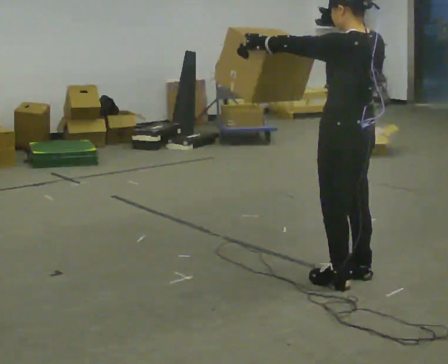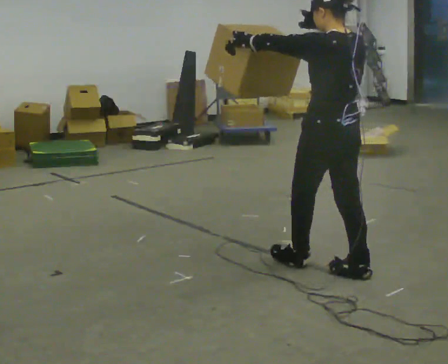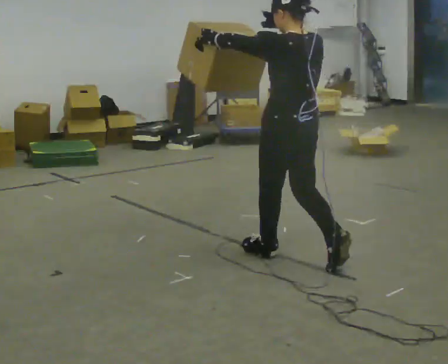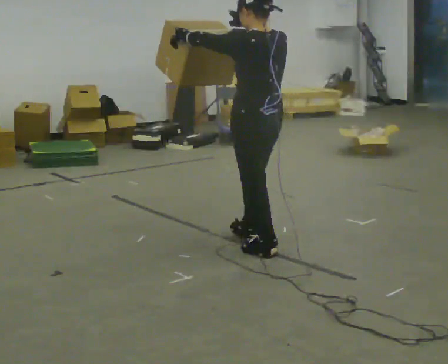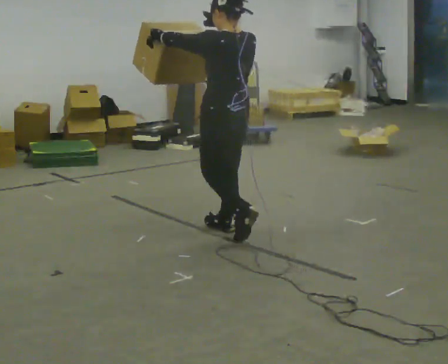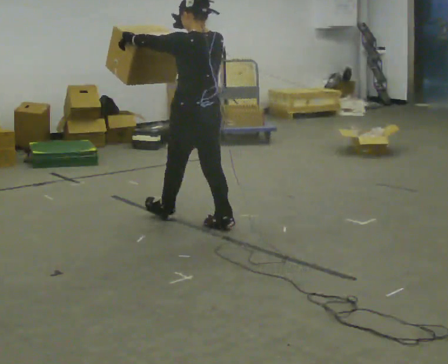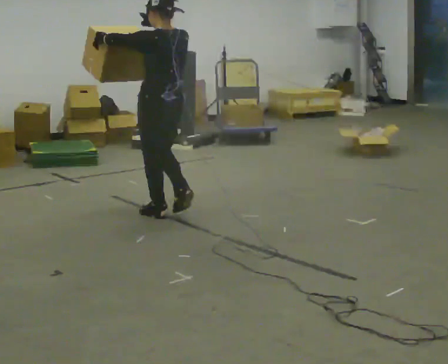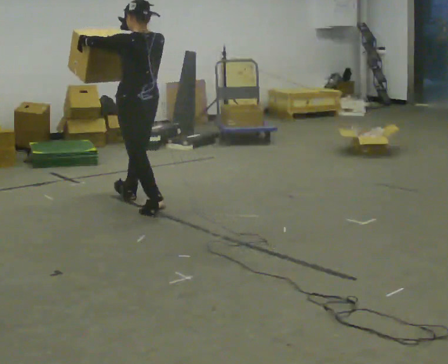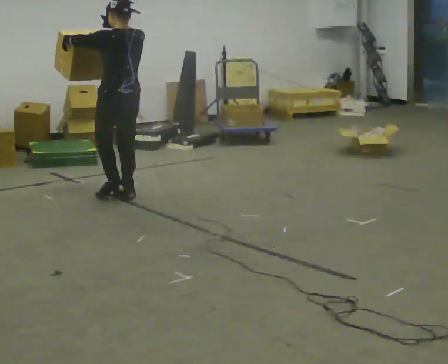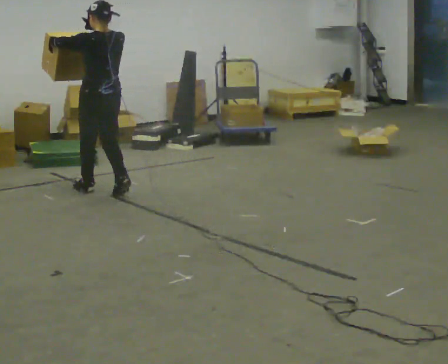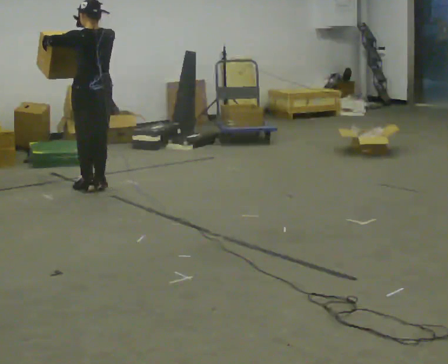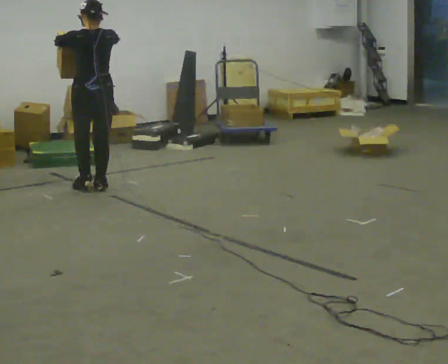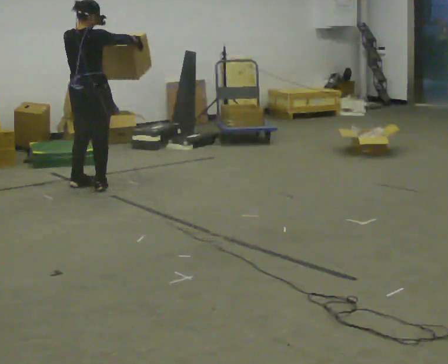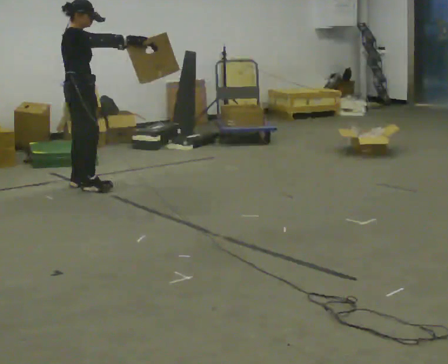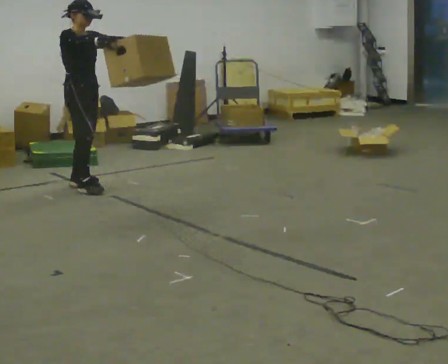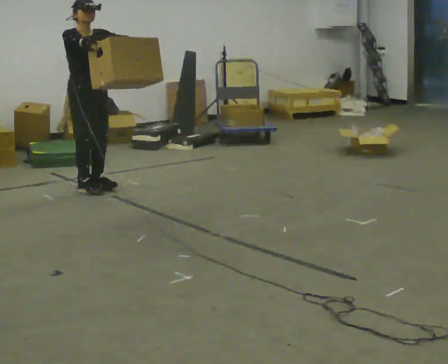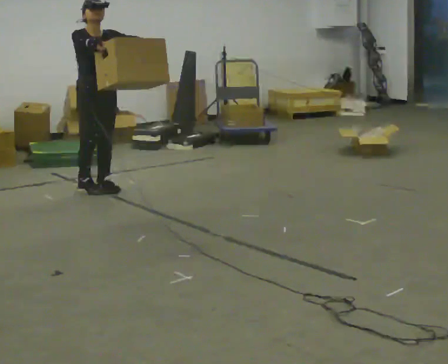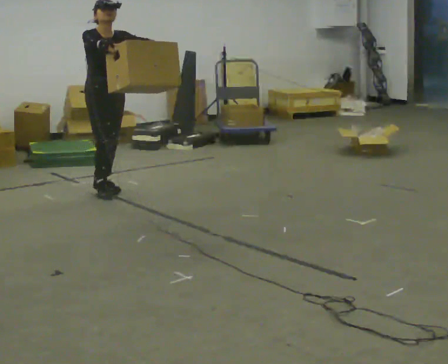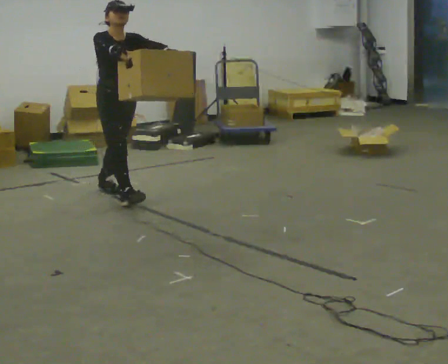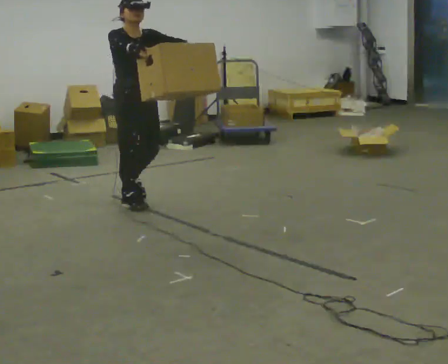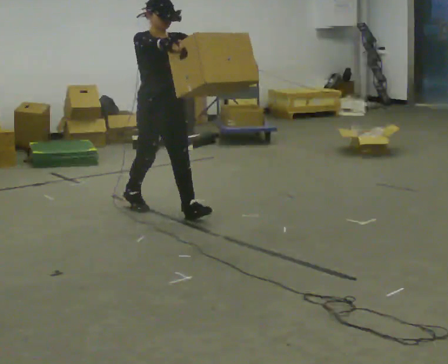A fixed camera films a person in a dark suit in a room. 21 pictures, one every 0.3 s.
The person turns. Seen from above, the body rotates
clockwise.
The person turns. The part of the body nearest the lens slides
to the left.
0.0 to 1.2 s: In the picture they go away from the camera and to the left, about 1 m in 2 steps, which for them is forward.
1.2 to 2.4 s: In the picture they go away from the camera and to the left, about 1 m in 2 steps, which for them is forward.
2.4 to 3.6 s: Seen from above the body turns clockwise, about 60 degrees: to their right, with its near side sliding to the left. In the picture they go away from the camera and to the left, about 0.5 m in 3 steps.
3.6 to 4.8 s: The person turns about 120 degrees to their right, clockwise seen from above, so the part of the body nearest the lens slides to the left. In the picture their left hand goes to the right.
4.8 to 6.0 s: In the picture they go toward the camera and to the right, about 1 m in 1 step, which for them is forward.
The film runs forward here.
